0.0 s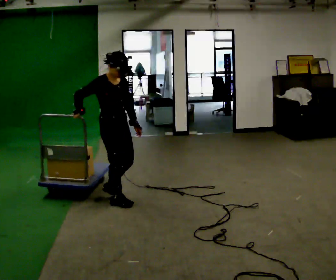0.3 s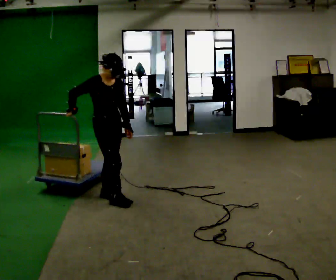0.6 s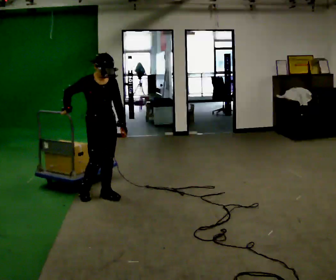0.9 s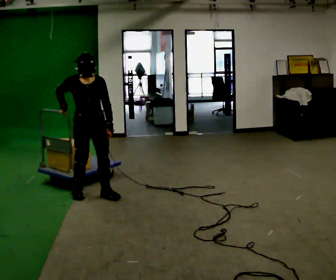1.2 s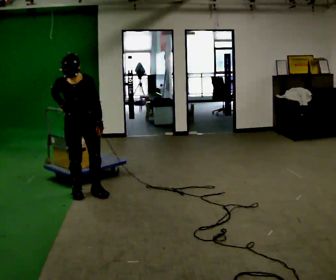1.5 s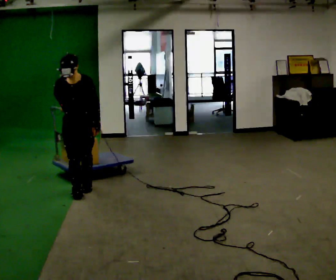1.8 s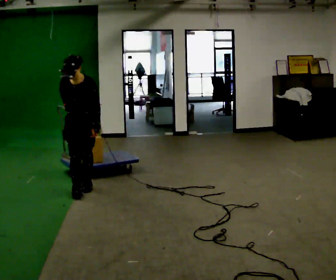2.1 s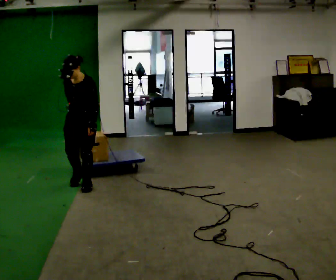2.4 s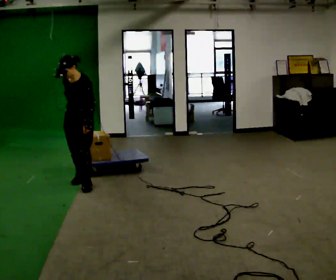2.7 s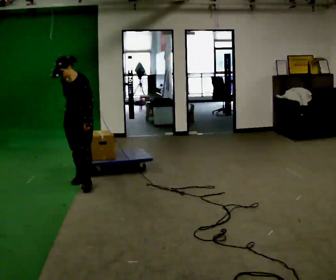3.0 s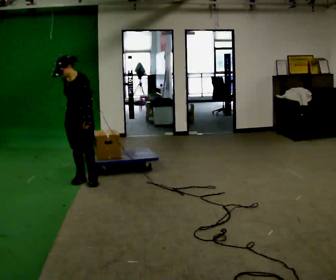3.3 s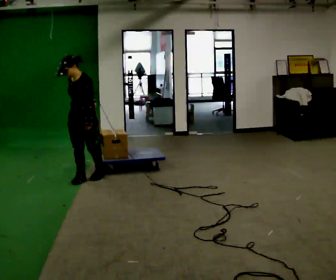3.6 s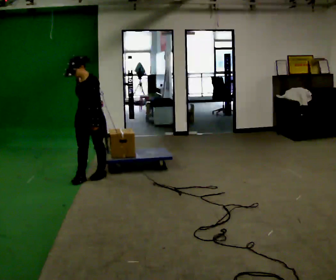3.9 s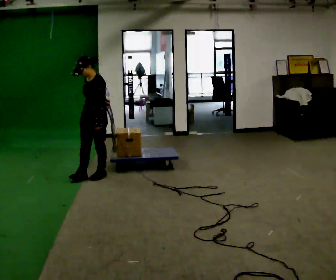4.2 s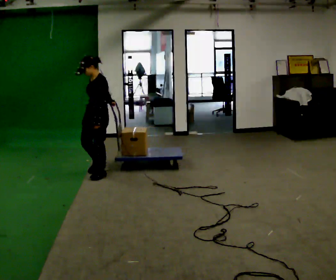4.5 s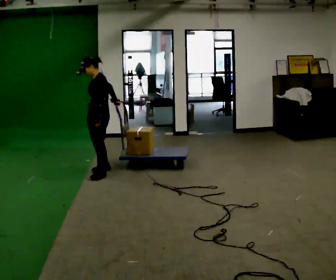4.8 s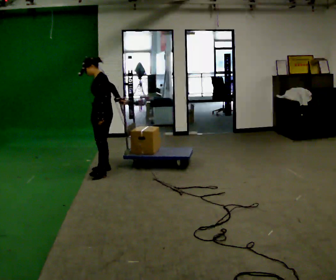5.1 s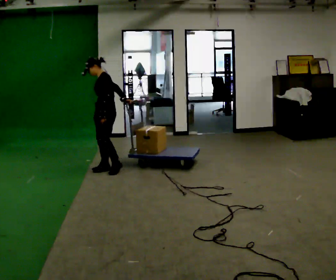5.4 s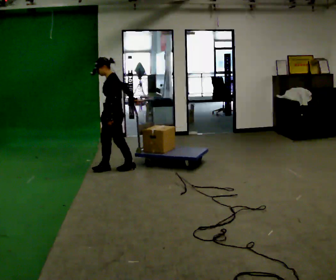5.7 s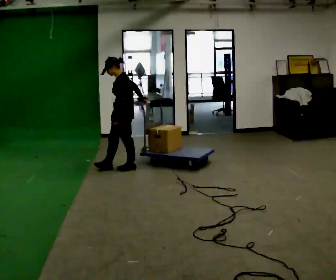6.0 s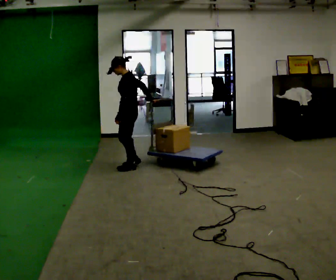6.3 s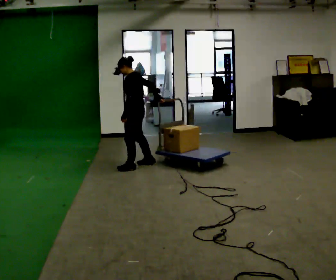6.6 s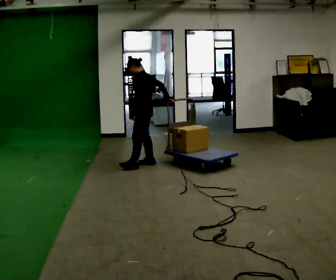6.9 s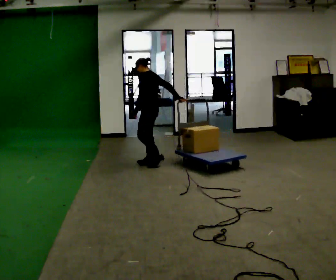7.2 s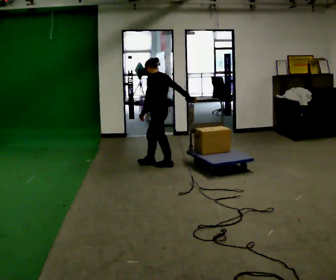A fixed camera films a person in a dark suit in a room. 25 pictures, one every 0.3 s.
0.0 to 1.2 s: The part of the body nearest the lens slides to the left as the person turns to their right by about 45 degrees. In the picture they go to the left and away from the camera, about 0.5 m in 2 steps, which for them is backward.
1.2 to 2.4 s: The person turns about 30 degrees to their right, clockwise seen from above, so the part of the body nearest the lens slides to the left. In the picture they go away from the camera, about 0.25 m in 1 step, which for them is backward.
2.4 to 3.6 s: In the picture they go away from the camera, about 0.25 m in 1 step, which for them is backward.
3.6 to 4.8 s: The person turns about 30 degrees to their right, clockwise seen from above, so the part of the body nearest the lens slides to the left. In the picture they go away from the camera and to the right, about 0.25 m in 1 step, which for them is backward and to their right.
4.8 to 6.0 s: In the picture they go to the right, about 0.25 m in 2 steps, which for them is backward.
6.0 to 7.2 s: The part of the body nearest the lens slides to the left as the person turns to their right by about 30 degrees. In the picture they go to the right, about 0.5 m in 1 step, which for them is backward and to their right.
The film runs backward here.
